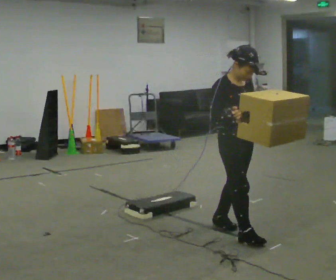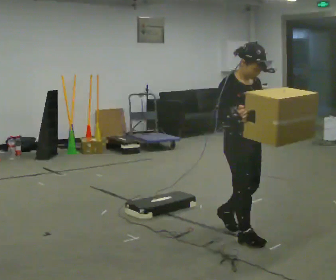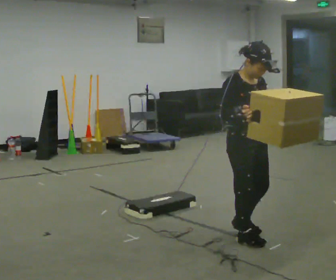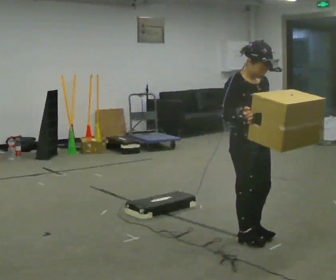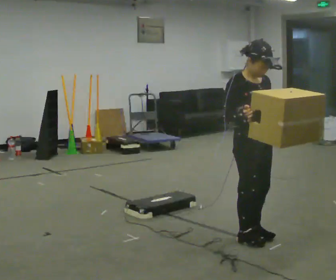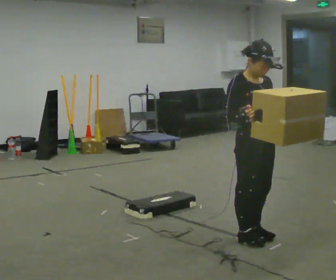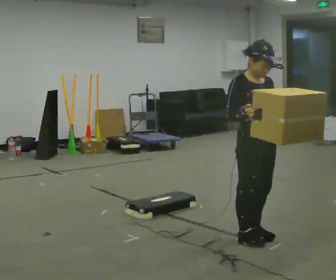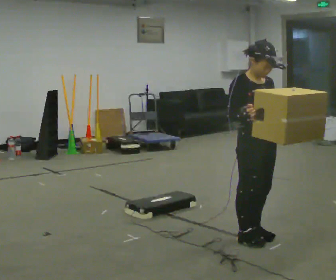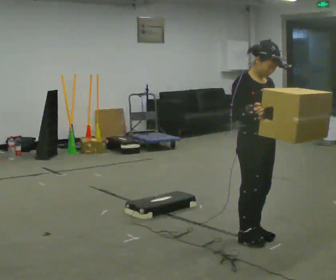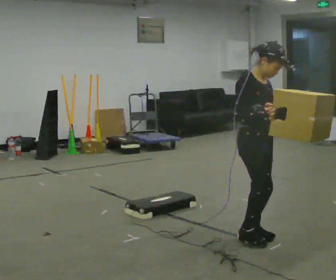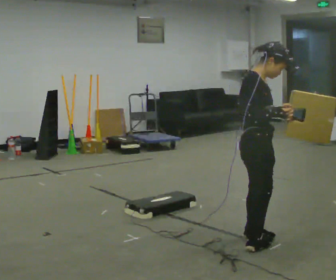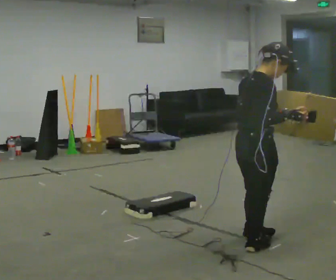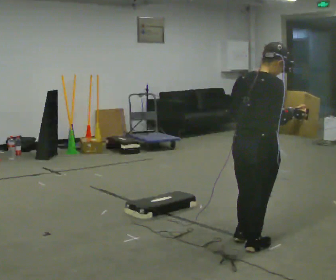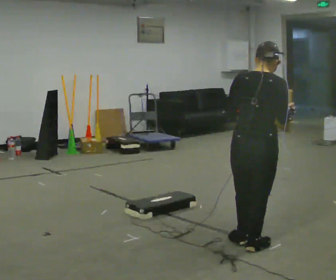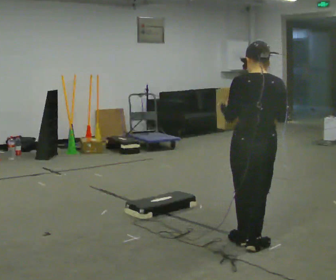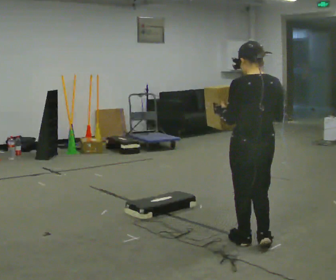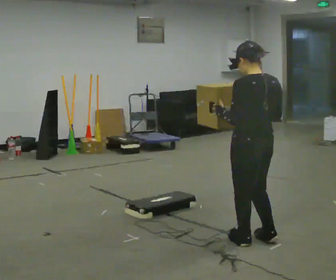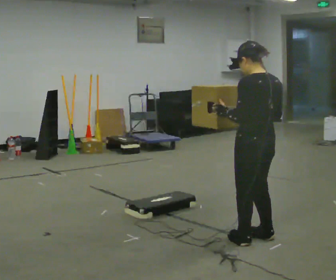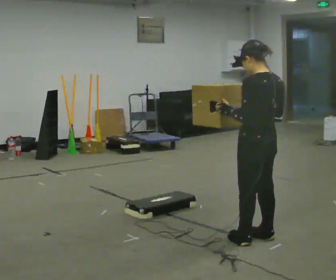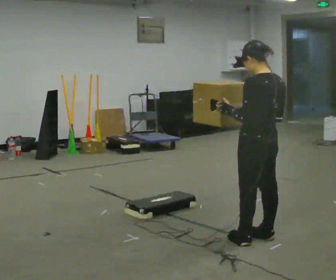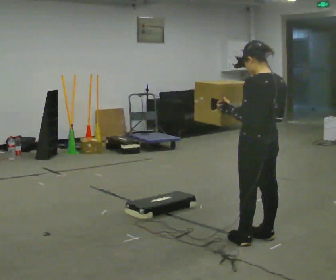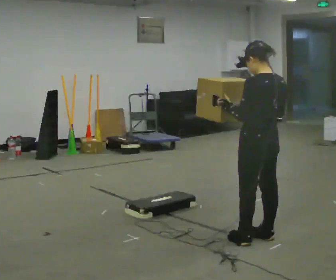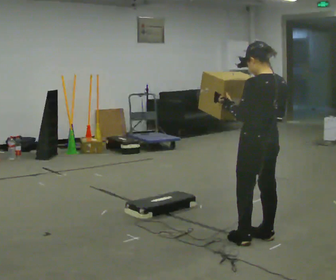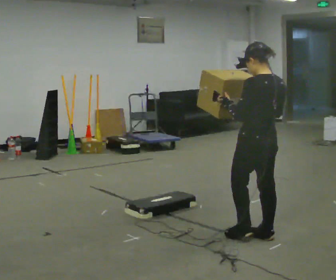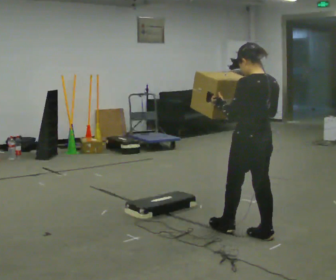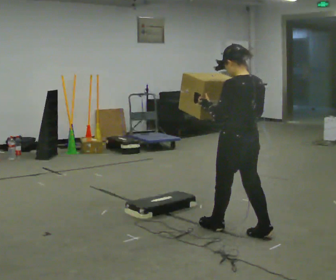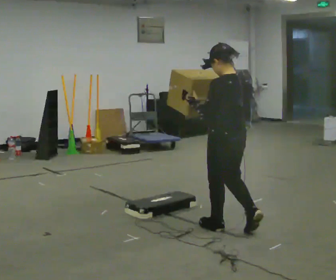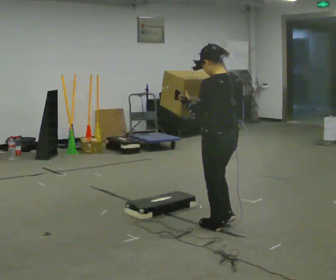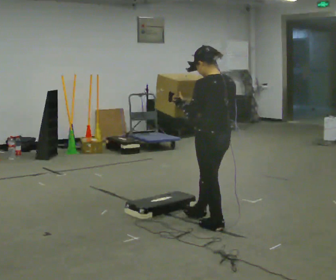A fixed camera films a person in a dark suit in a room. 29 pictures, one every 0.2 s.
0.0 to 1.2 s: In the picture they go toward the camera, about 0.25 m in 1 step, which for them is forward.
1.2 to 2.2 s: Seen from above the body turns counterclockwise, about 75 degrees: to their left, with its near side sliding to the right. In the picture their right hand goes to the right.
2.2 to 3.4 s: The part of the body nearest the lens slides to the right as the person turns to their left by about 105 degrees.
3.4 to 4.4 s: The person moves a little, or ends about where they began.
4.4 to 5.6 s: In the picture they go to the left and away from the camera, about 0.5 m in 1 step, which for them is forward.
The film runs forward here.
